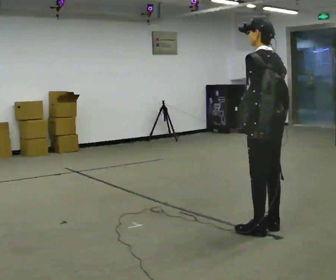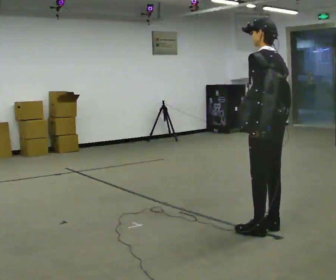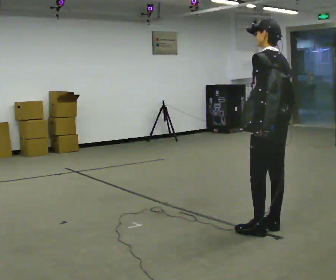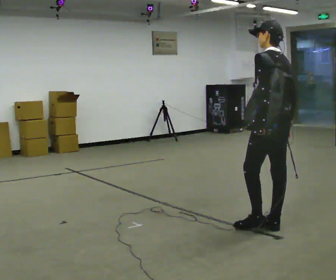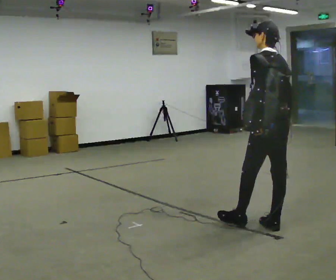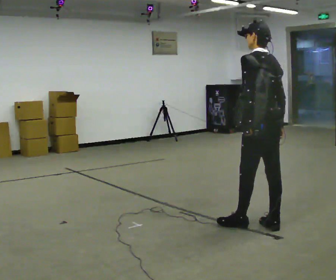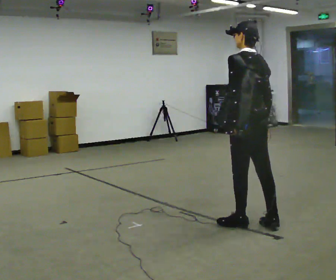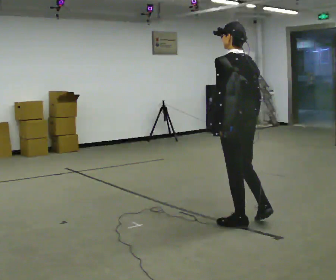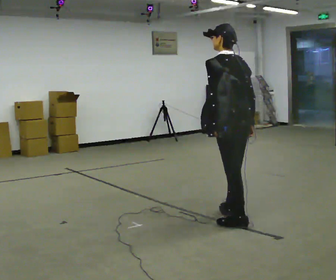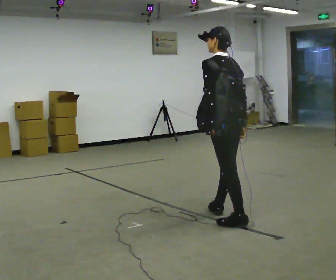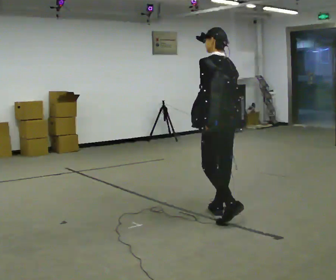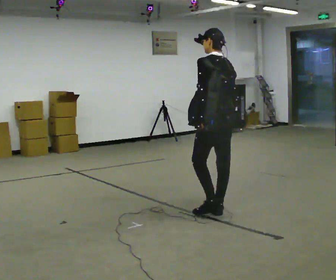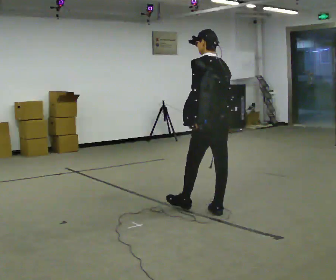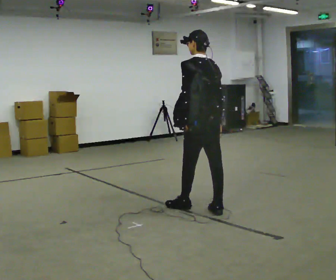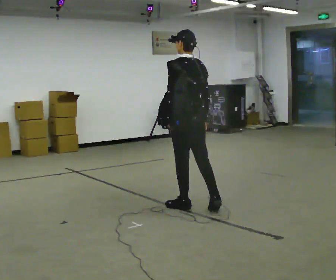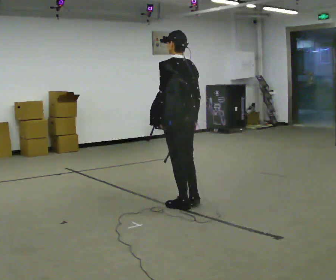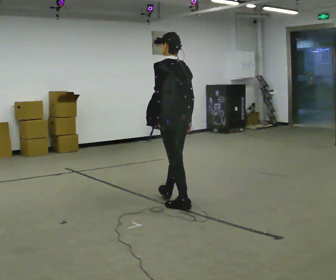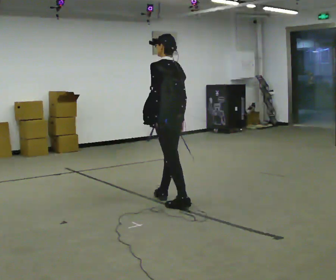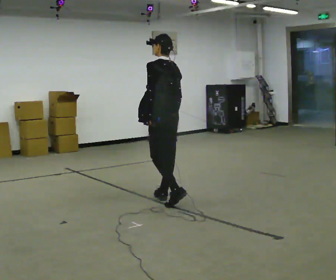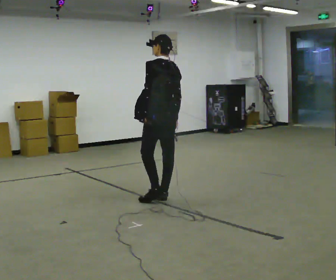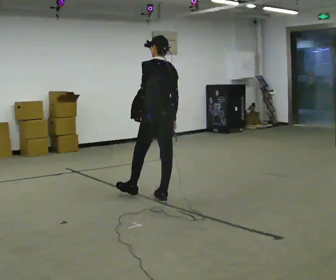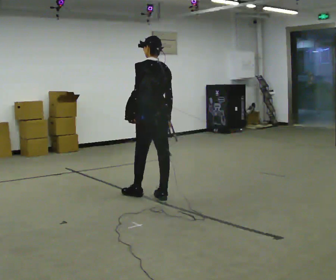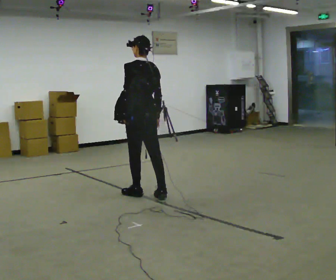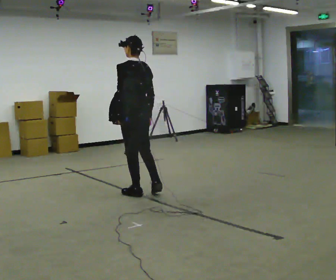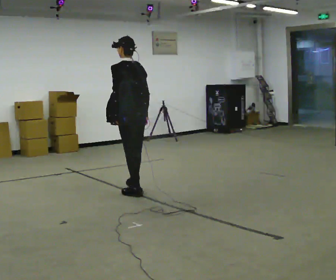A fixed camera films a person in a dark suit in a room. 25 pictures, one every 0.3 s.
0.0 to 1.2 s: The person moves a little, or ends about where they began.
1.2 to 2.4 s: In the picture they go to the left, about 0.25 m, which for them is forward and to their left.
2.4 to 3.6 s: In the picture they go away from the camera and to the left, about 0.5 m in 2 steps, which for them is forward and to their right.
3.6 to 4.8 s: In the picture they go to the left and away from the camera, about 0.5 m, which for them is forward and to their left.
4.8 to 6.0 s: In the picture they go away from the camera and to the left, about 0.25 m in 1 step, which for them is forward.
6.0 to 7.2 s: In the picture they go to the left, about 0.25 m in 1 step, which for them is forward and to their left.
The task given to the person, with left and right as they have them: Put the soft bag up onto your shoulder and carry it across the room, back and forth.
The film runs forward here.
